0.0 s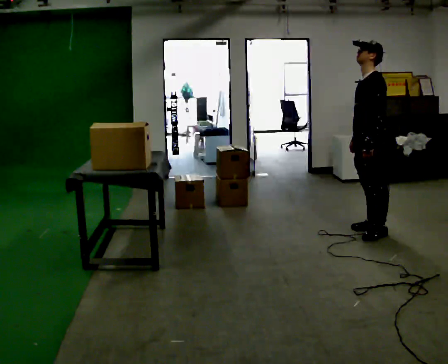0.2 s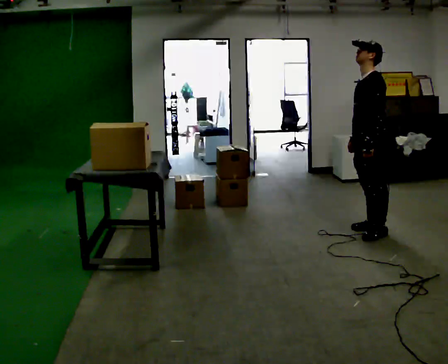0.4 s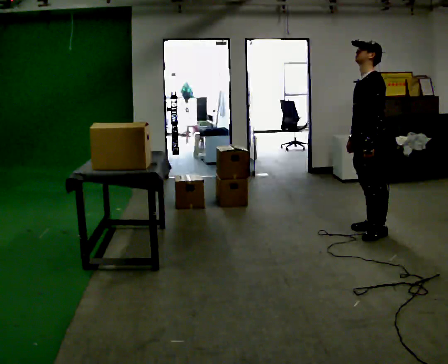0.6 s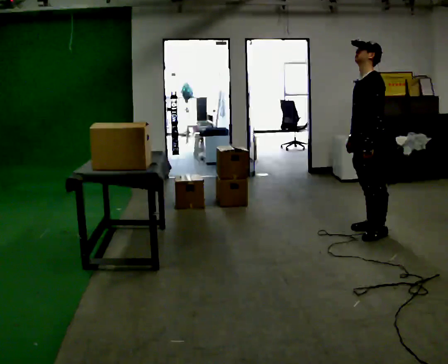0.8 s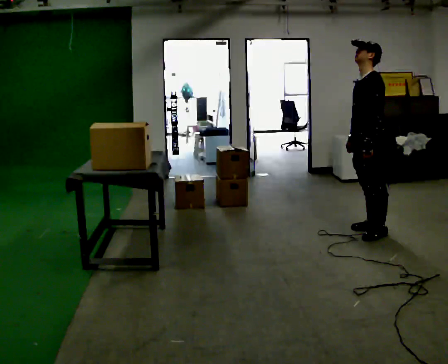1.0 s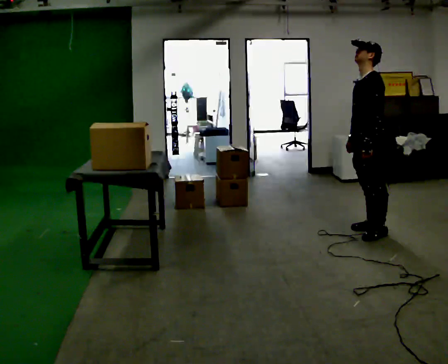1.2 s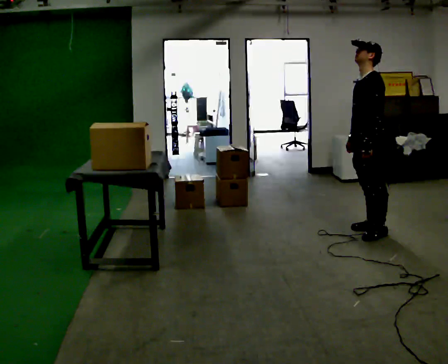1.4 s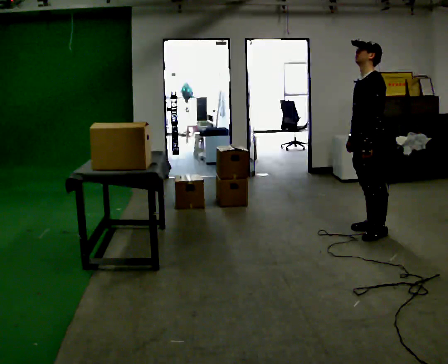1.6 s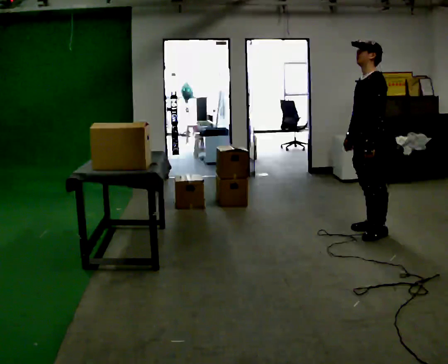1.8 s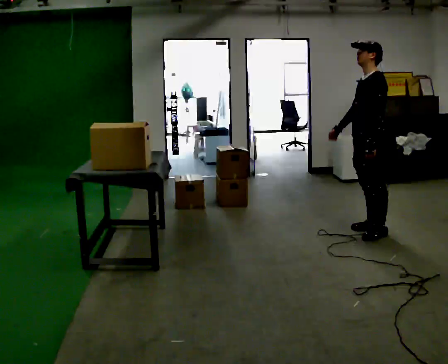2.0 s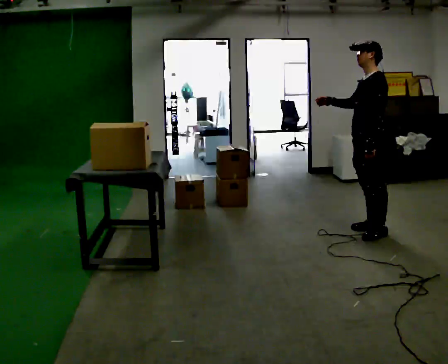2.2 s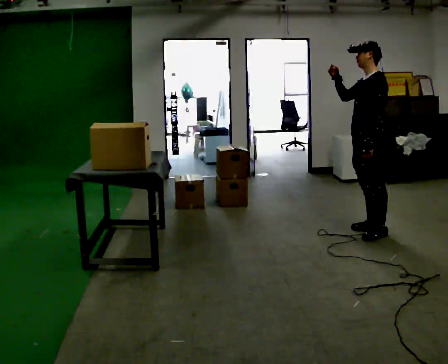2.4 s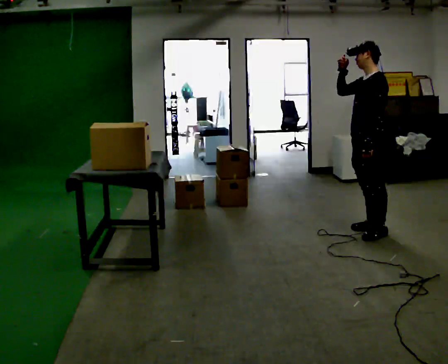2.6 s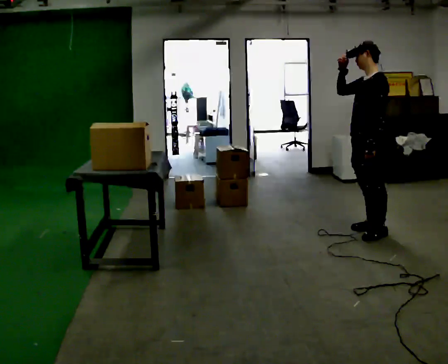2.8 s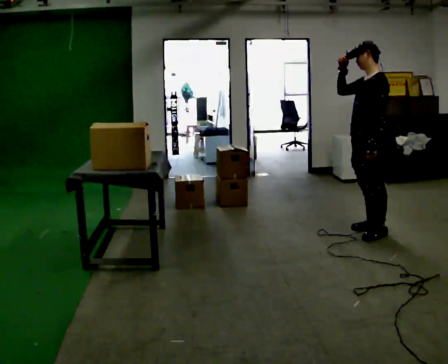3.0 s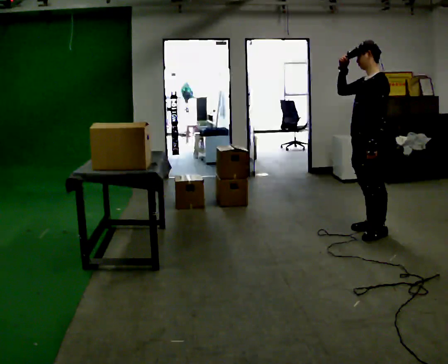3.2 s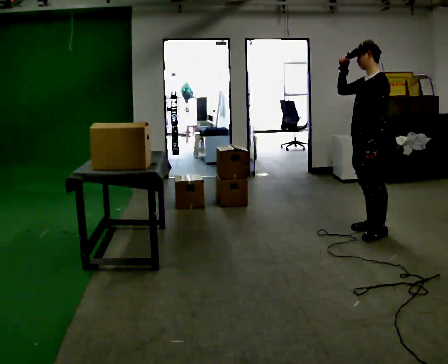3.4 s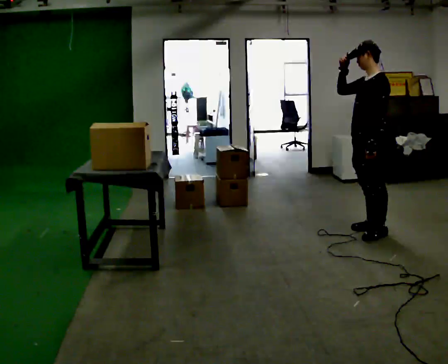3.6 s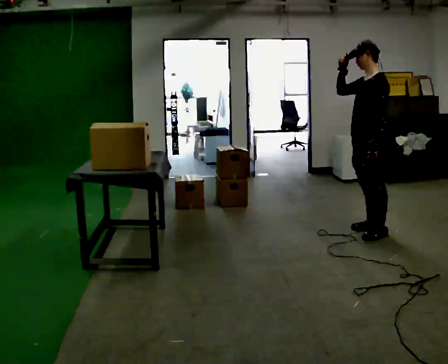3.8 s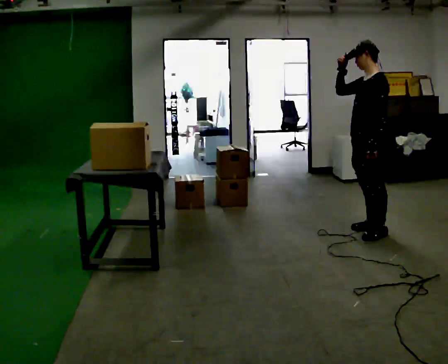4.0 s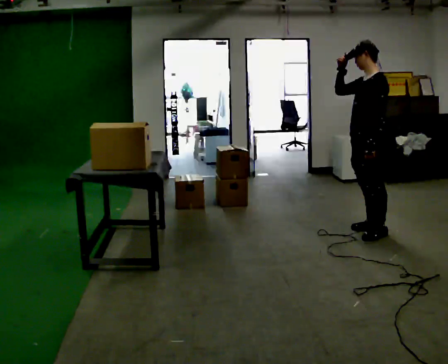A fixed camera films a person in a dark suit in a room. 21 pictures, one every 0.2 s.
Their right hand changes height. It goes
upward.
0.0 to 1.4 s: The person moves a little, or ends about where they began.
1.4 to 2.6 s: In the picture their right hand goes upward.
2.6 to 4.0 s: The person moves a little, or ends about where they began.
The film runs forward here.
